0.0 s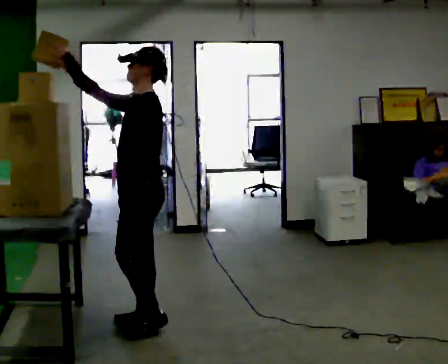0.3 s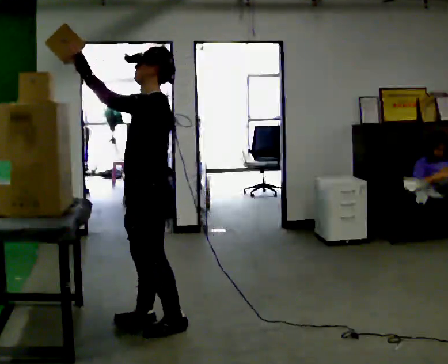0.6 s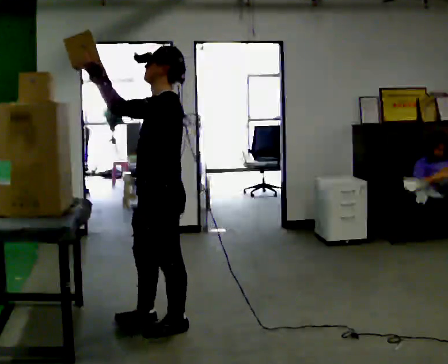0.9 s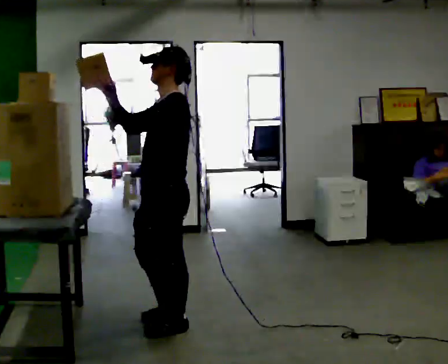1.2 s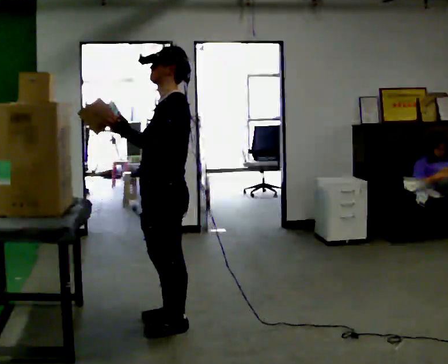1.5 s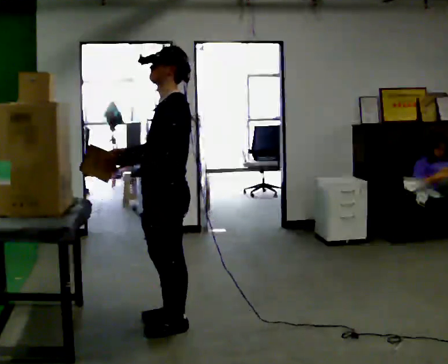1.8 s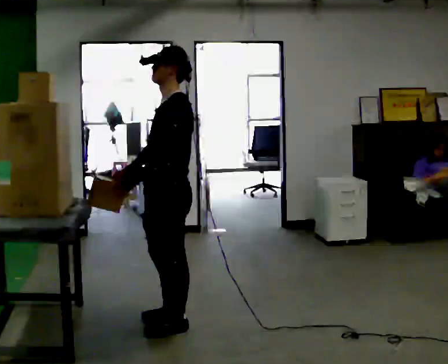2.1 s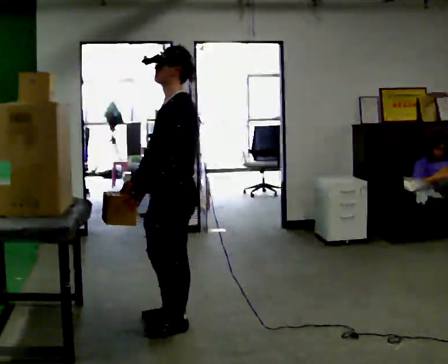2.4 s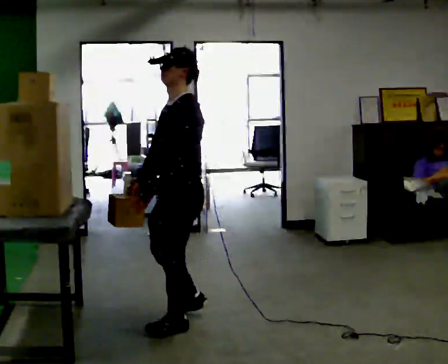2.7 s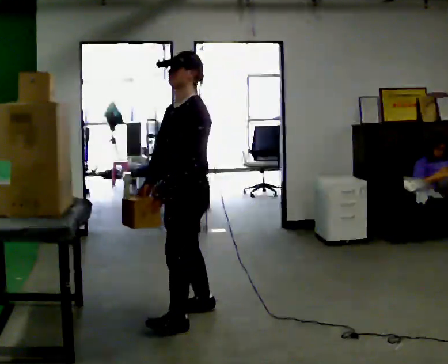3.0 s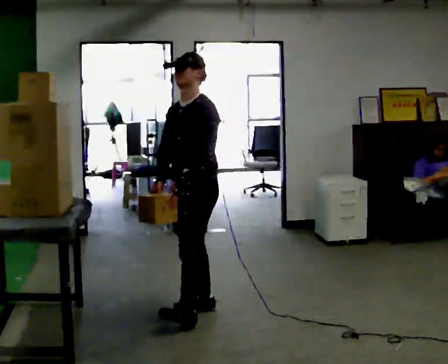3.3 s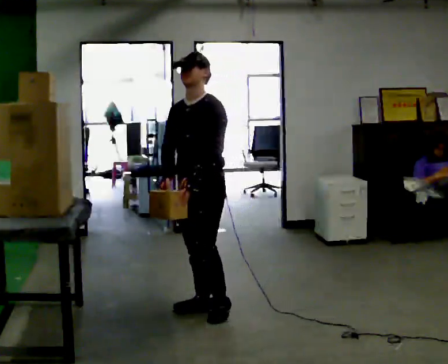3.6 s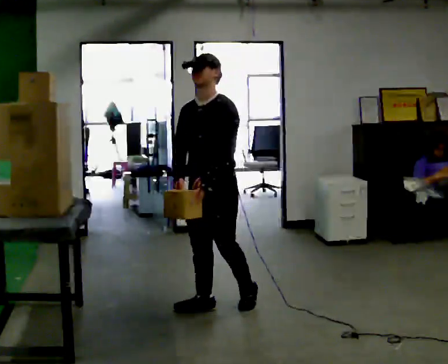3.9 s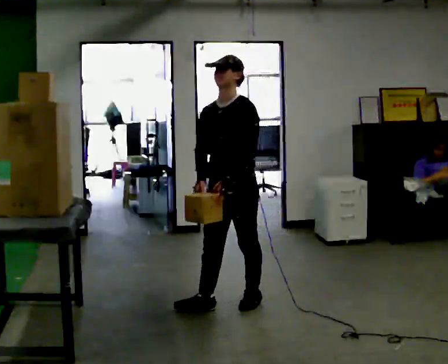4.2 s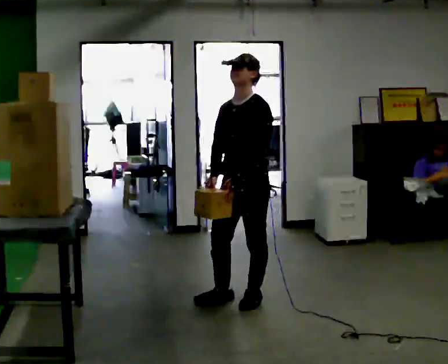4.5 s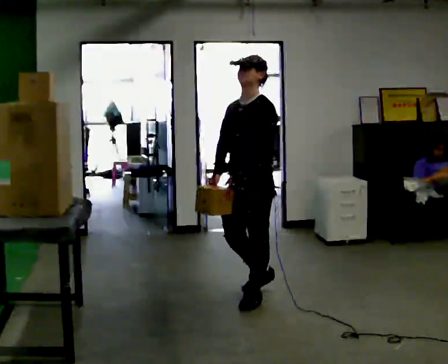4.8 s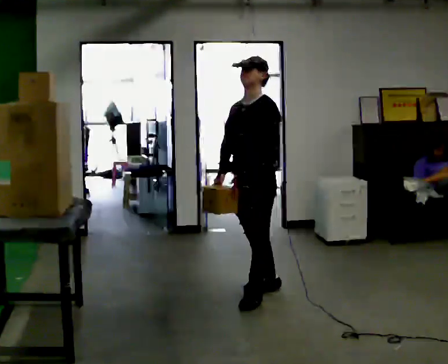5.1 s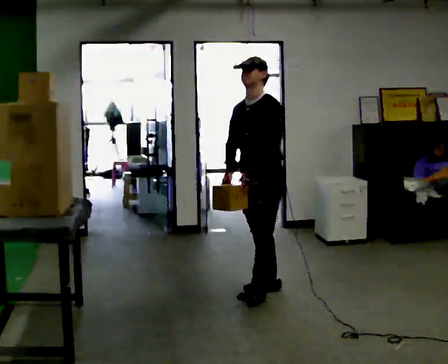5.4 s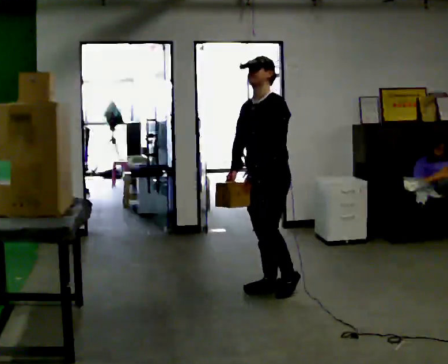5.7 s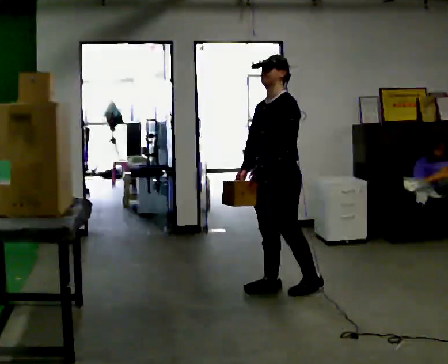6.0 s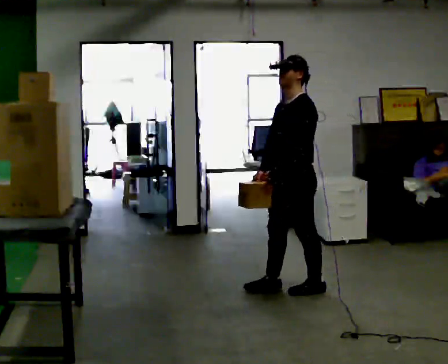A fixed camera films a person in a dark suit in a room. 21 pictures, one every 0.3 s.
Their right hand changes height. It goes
downward.
Their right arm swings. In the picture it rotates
counterclockwise.
0.0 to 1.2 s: In the picture their left hand goes downward.
1.2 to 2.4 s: In the picture their right hand goes downward.
2.4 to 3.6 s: The part of the body nearest the lens slides to the right as the person turns to their left by about 30 degrees. In the picture they go away from the camera and to the right, about 0.5 m in 1 step, which for them is backward and to their right.
3.6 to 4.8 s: In the picture they go to the right and away from the camera, about 0.5 m in 1 step, which for them is backward.
4.8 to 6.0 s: In the picture they go to the right, about 0.25 m in 1 step, which for them is backward and to their left.
The film runs backward here.
